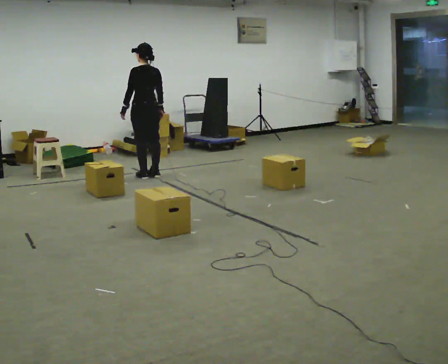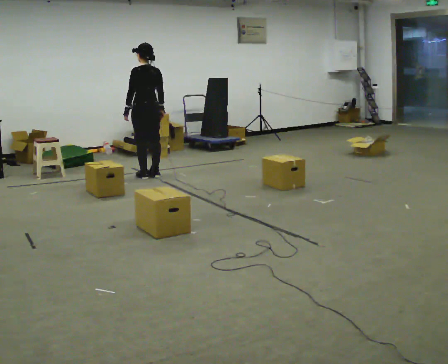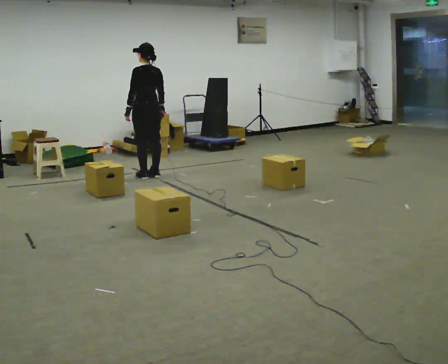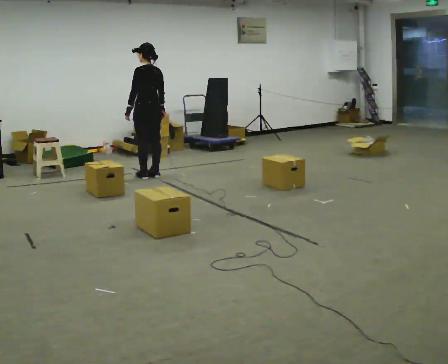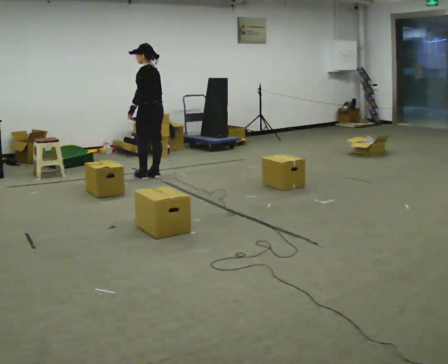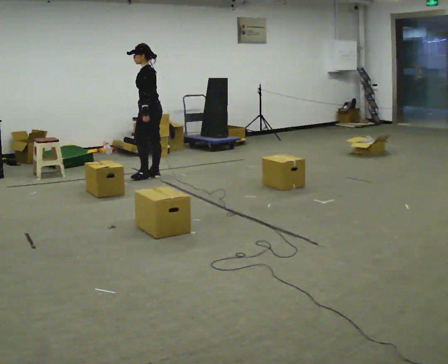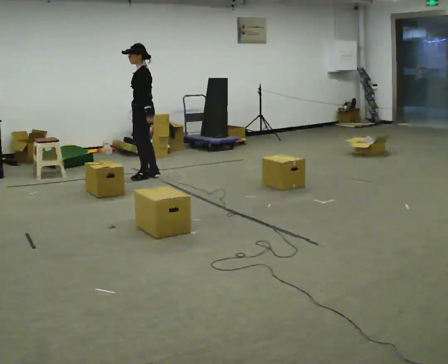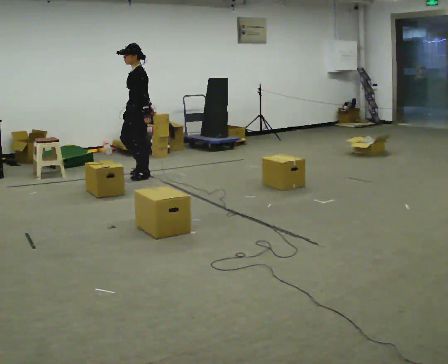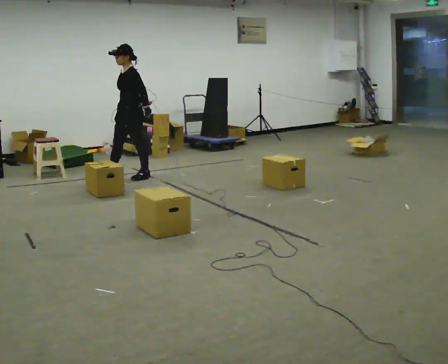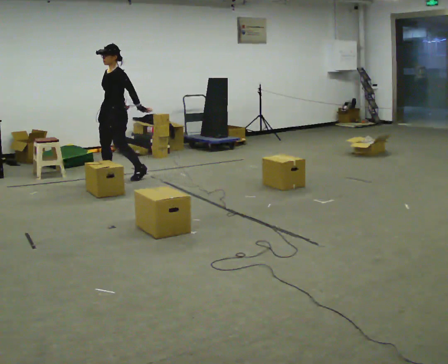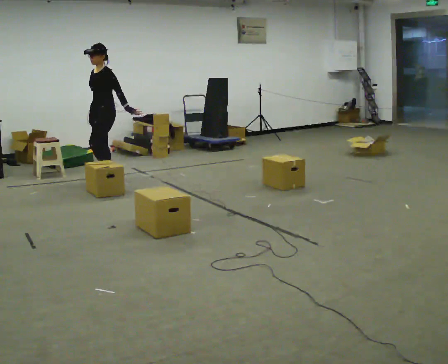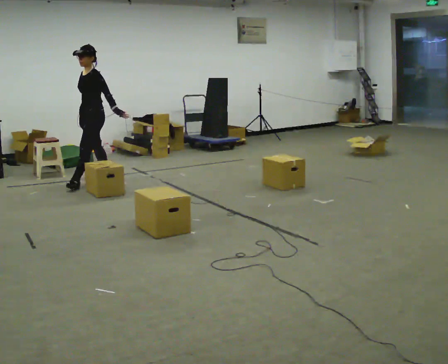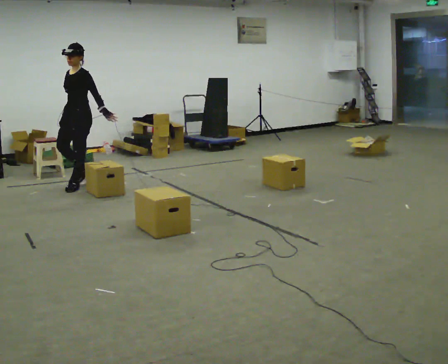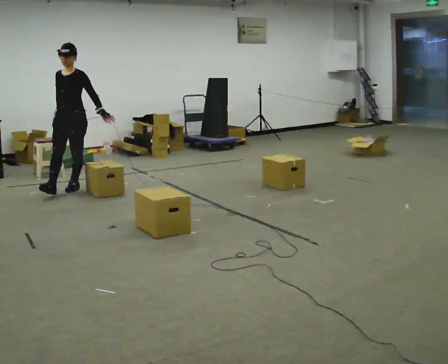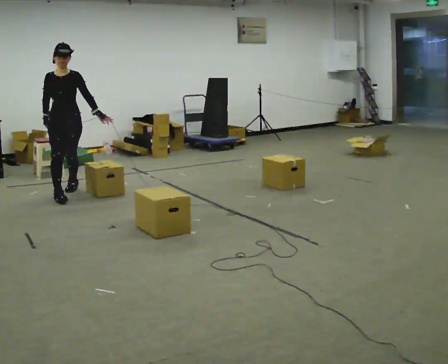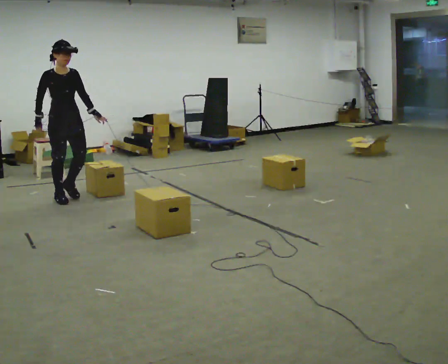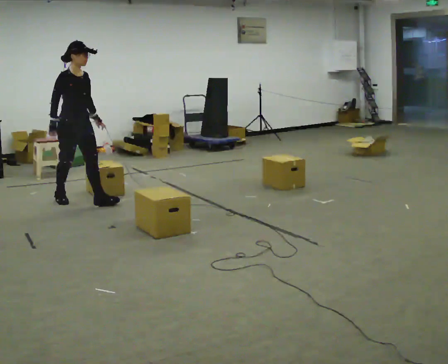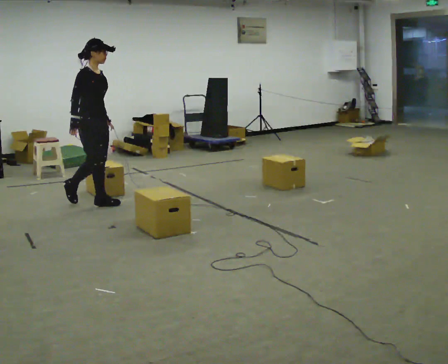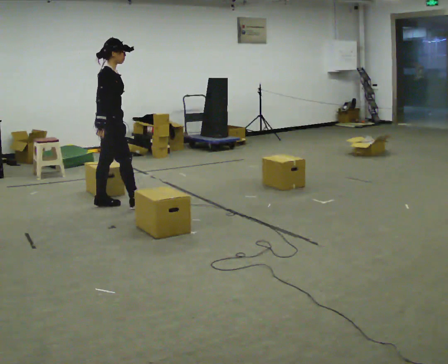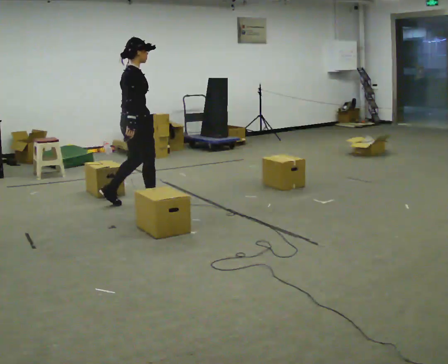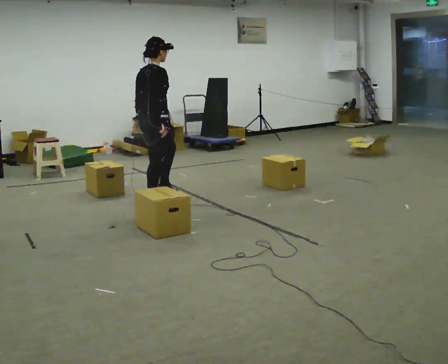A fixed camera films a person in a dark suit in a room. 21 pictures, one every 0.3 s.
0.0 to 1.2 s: The part of the body nearest the lens slides to the right as the person turns to their left by about 30 degrees.
1.2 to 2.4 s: The part of the body nearest the lens slides to the right as the person turns to their left by about 60 degrees. In the picture they go to the left, about 0.25 m, which for them is forward and to their left.
2.4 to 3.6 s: In the picture they go to the left and toward the camera, about 0.75 m in 2 steps, which for them is forward.
3.6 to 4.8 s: Seen from above the body turns counterclockwise, about 90 degrees: to their left, with its near side sliding to the right. In the picture they go toward the camera, about 0.75 m in 2 steps.
4.8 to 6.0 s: Seen from above the body turns counterclockwise, about 75 degrees: to their left, with its near side sliding to the right. In the picture they go to the right, about 1 m in 1 step.
The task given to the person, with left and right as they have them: Start at marker; visit targets in order; choose natural paths; avoid obstacles; stop at final target.
The film runs forward here.
